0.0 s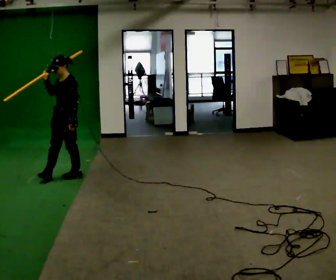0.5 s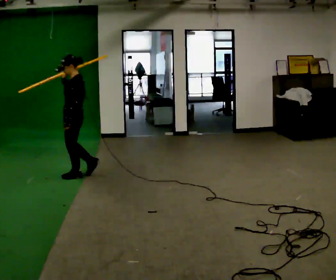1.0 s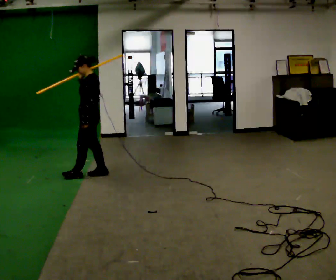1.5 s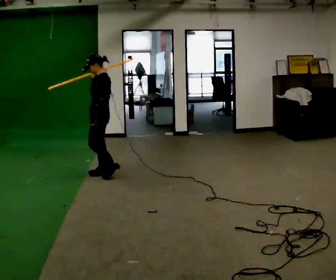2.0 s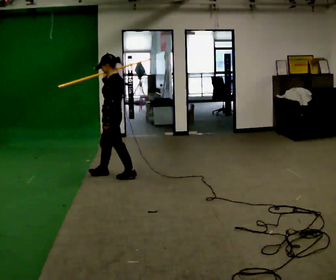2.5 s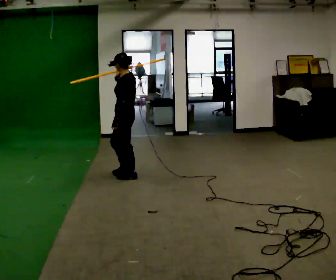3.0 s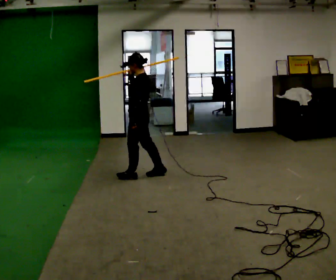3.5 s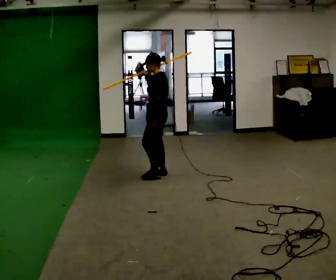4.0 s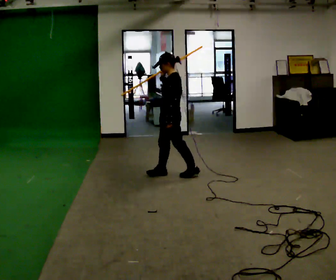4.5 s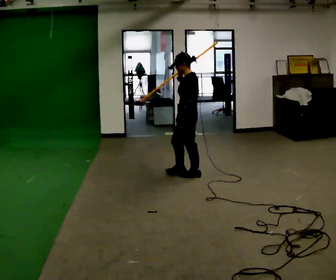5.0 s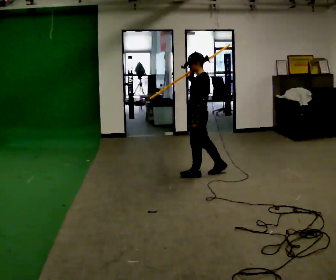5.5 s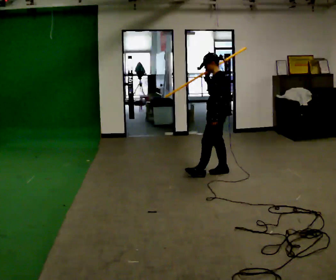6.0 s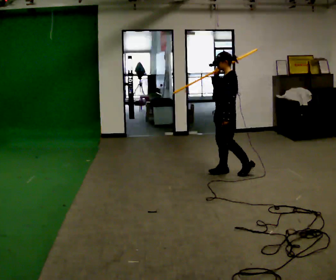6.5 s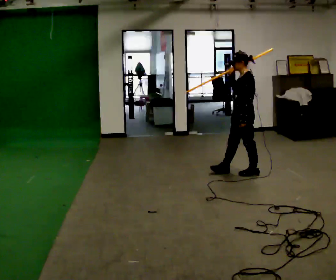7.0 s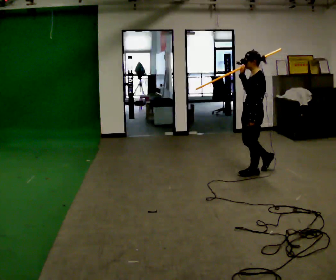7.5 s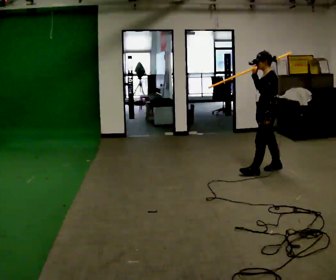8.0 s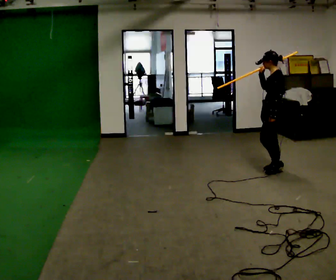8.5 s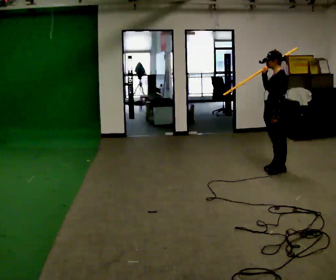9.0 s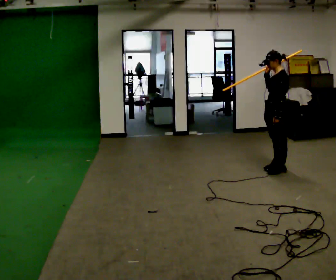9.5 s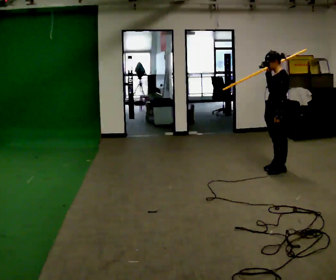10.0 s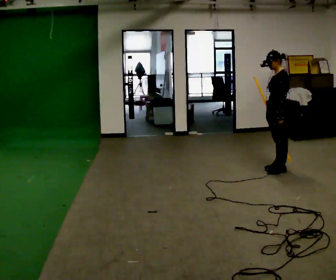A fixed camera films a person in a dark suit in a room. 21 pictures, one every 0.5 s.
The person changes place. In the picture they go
to the right.
0.0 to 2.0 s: The person turns about 45 degrees to their right, clockwise seen from above, so the part of the body nearest the lens slides to the left. In the picture they go to the right, about 0.5 m in 2 steps, which for them is backward.
2.0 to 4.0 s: In the picture they go to the right, about 0.75 m in 2 steps, which for them is backward.
4.0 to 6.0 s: In the picture they go to the right, about 0.75 m in 2 steps, which for them is backward.
6.0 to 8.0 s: In the picture they go to the right, about 0.5 m in 2 steps, which for them is backward.
8.0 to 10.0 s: In the picture their right hand goes downward.
The film runs backward here.
